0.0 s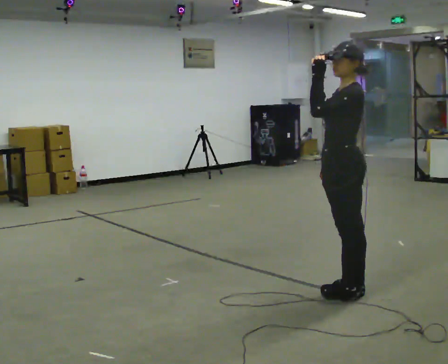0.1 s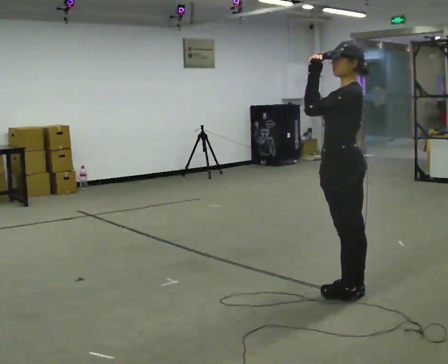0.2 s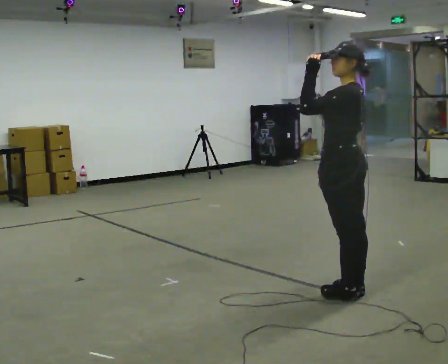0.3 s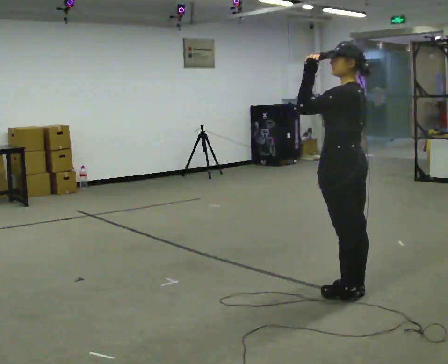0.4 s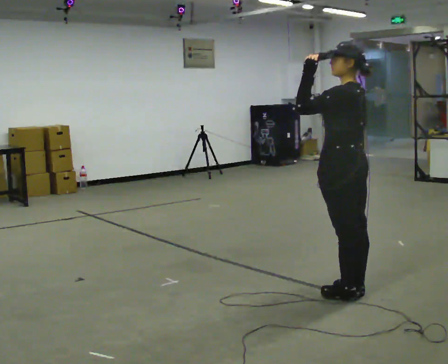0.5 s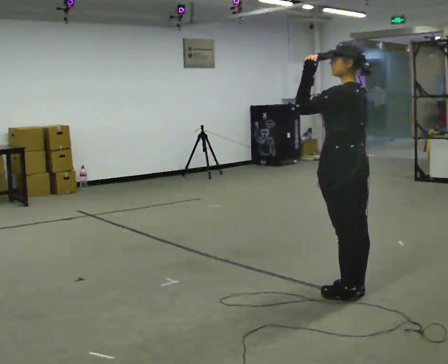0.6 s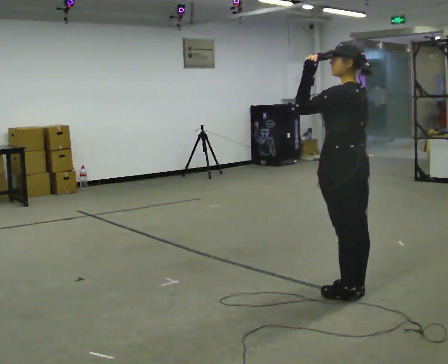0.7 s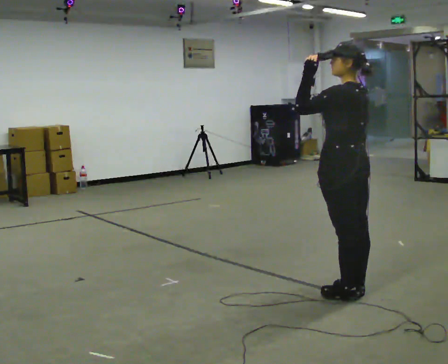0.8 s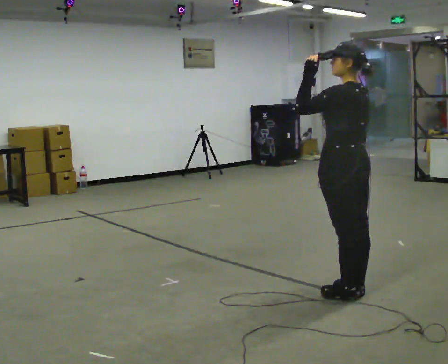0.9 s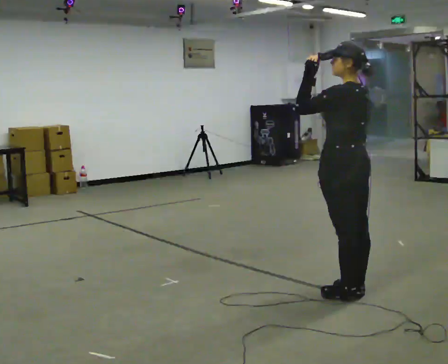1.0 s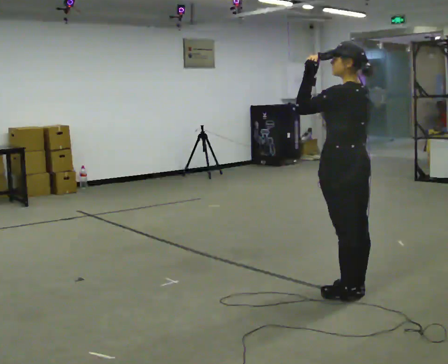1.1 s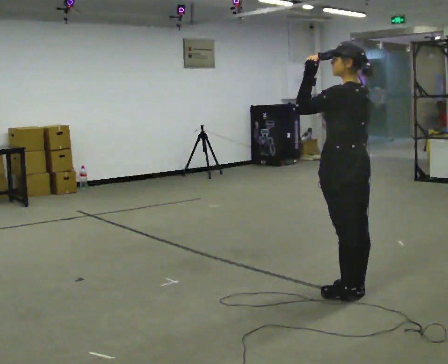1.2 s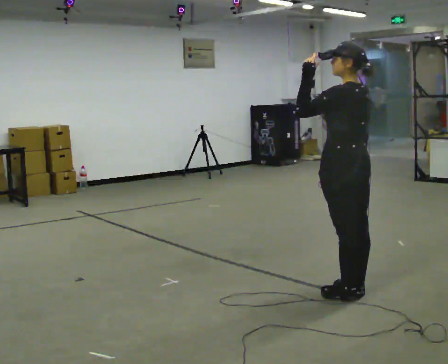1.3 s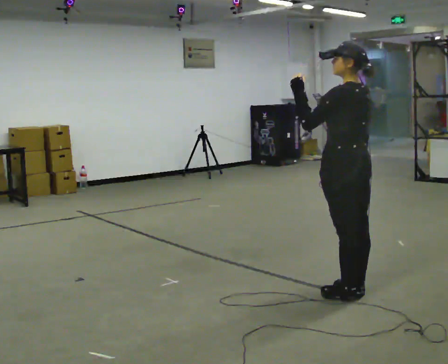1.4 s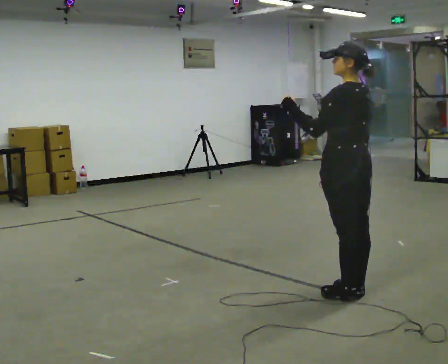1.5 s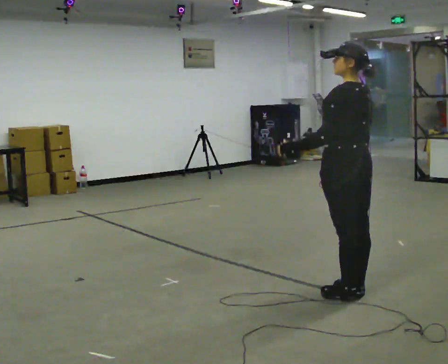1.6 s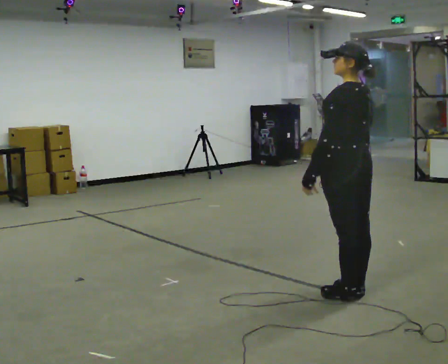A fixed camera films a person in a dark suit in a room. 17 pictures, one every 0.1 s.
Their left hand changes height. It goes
downward.
0.0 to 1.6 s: The part of the body nearest the lens slides to the left as the person turns to their right by about 30 degrees. In the picture their left hand goes downward.
The film runs forward here.
